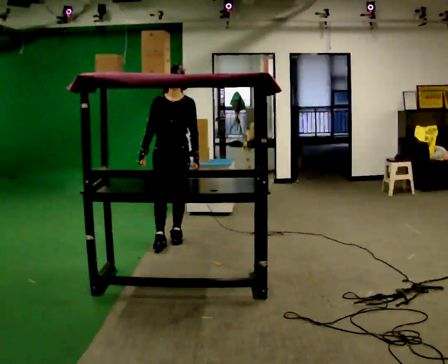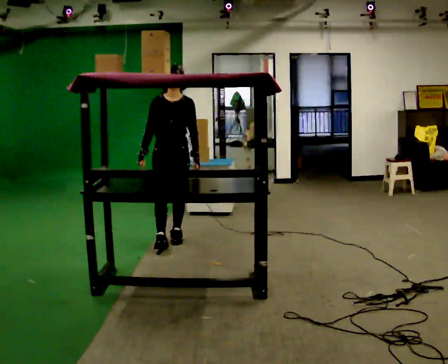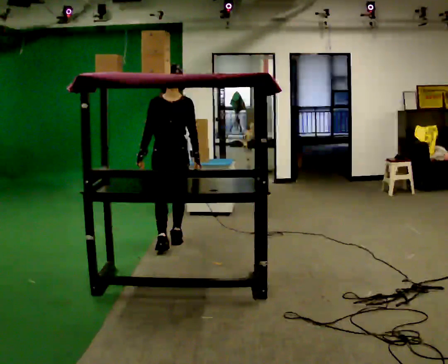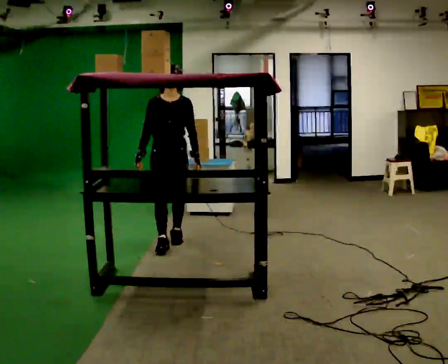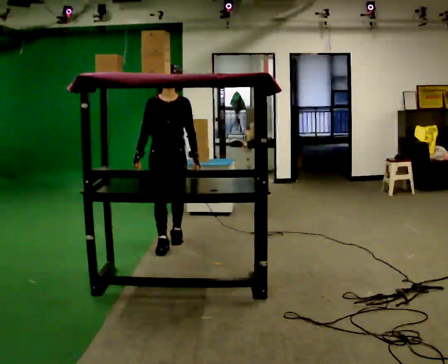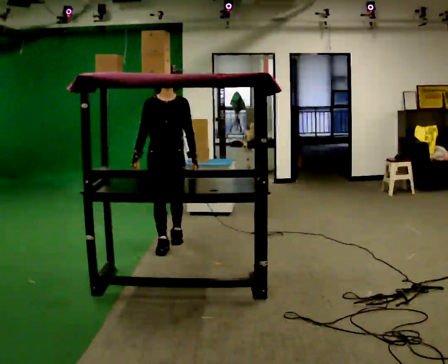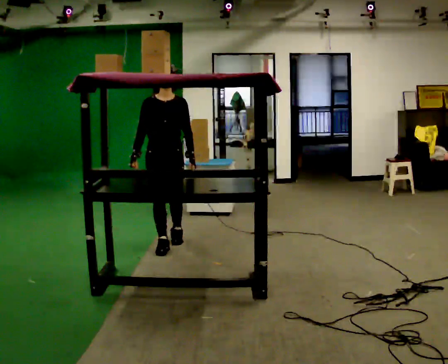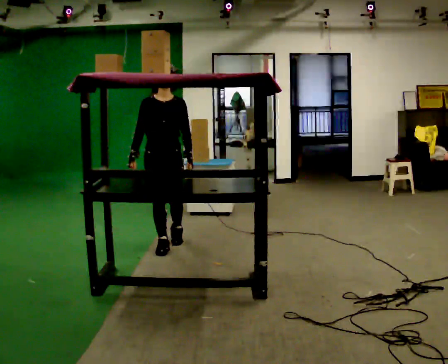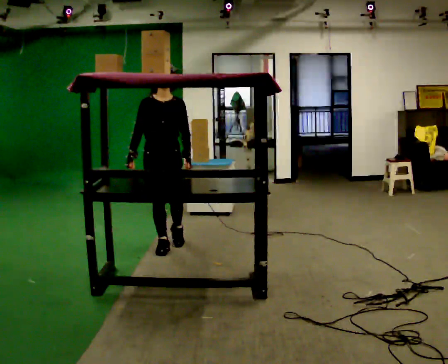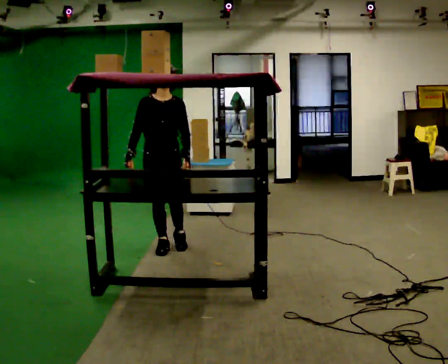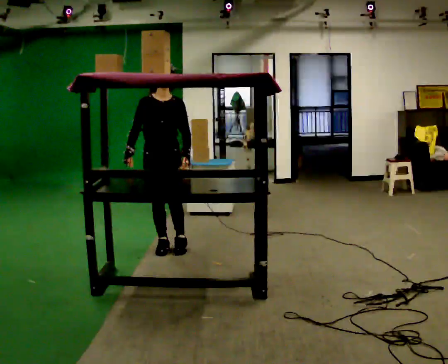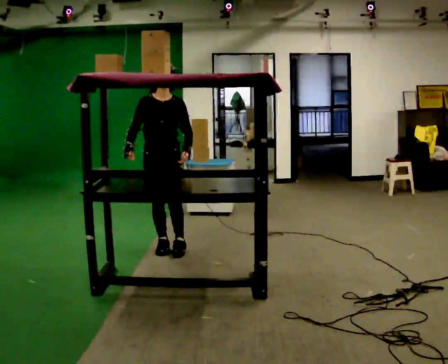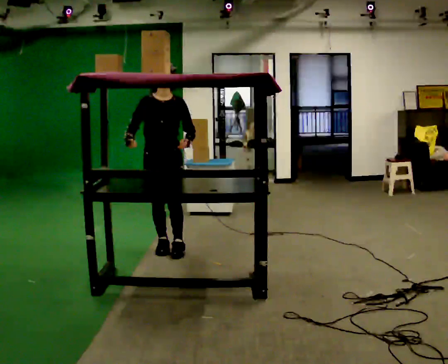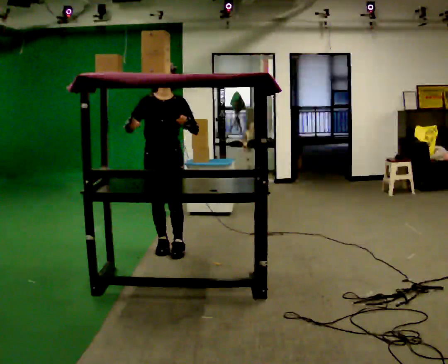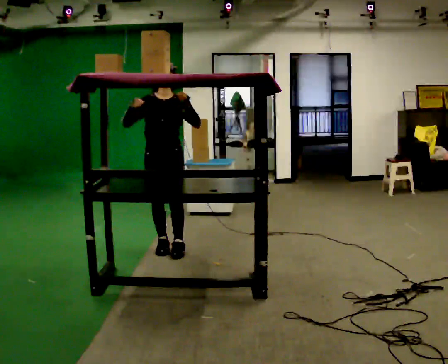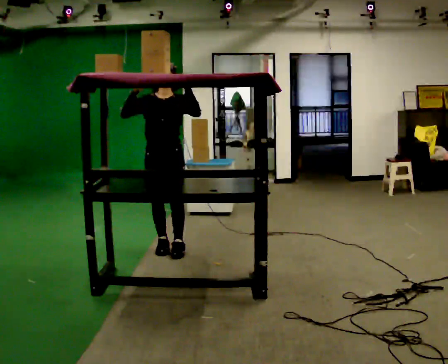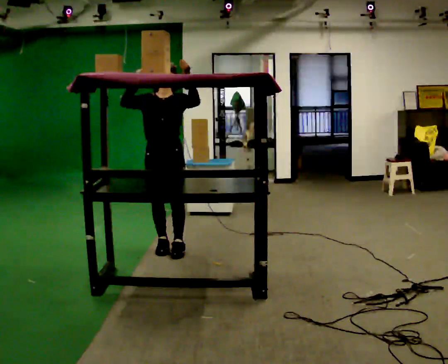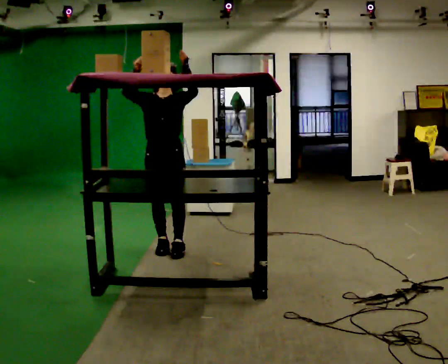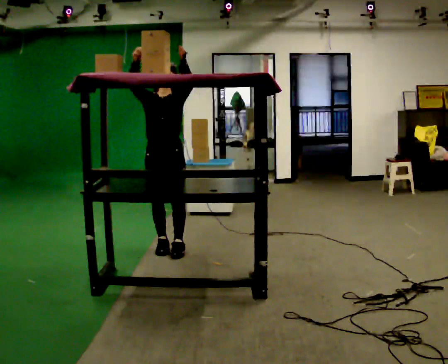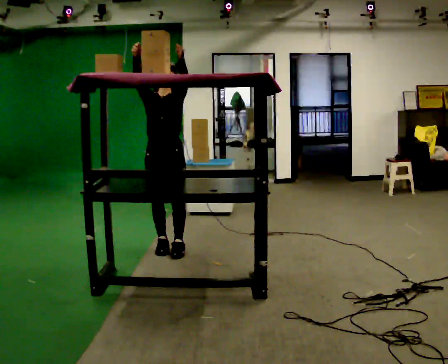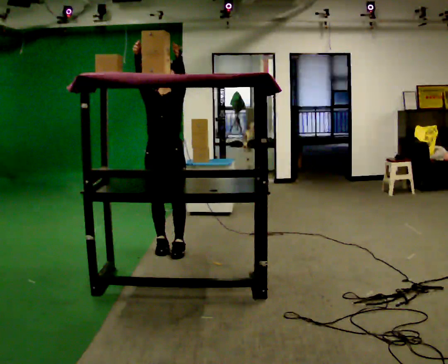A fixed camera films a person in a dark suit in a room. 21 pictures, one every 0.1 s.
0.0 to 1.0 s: In the picture they go toward the camera, about 0.25 m in 1 step, which for them is forward.
1.0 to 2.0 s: In the picture their left hand goes upward.
The film runs forward here.
